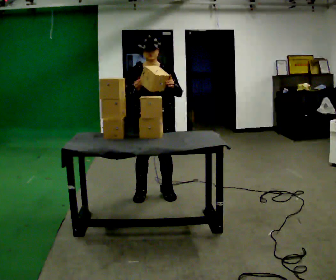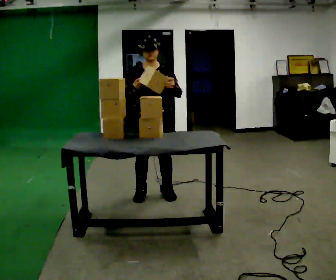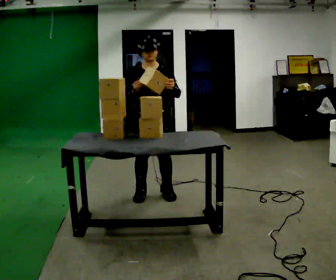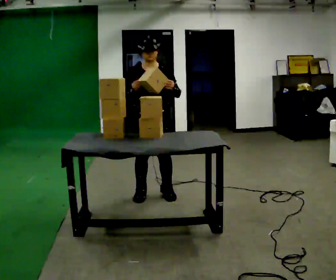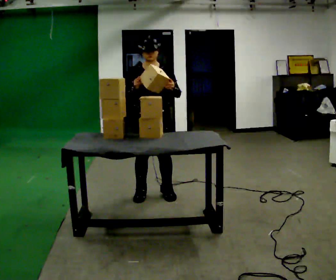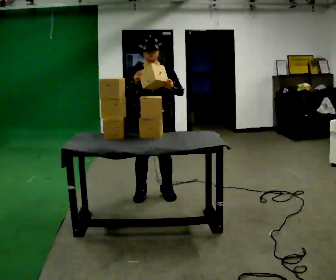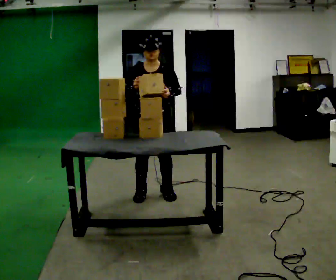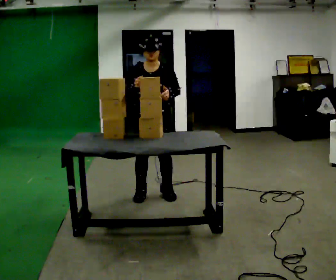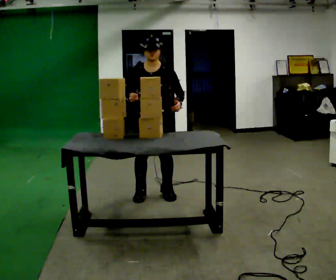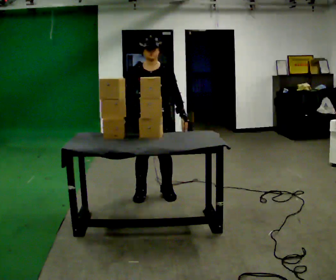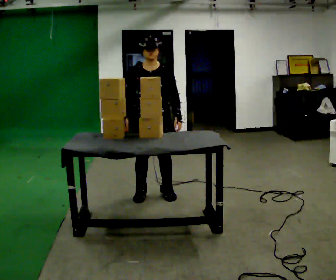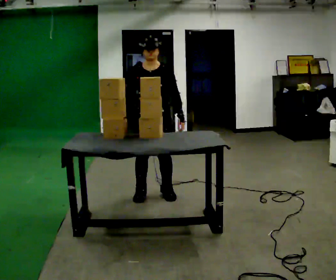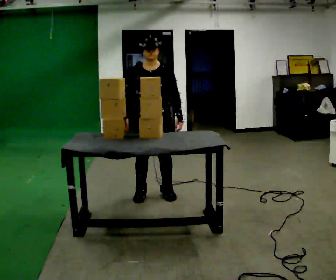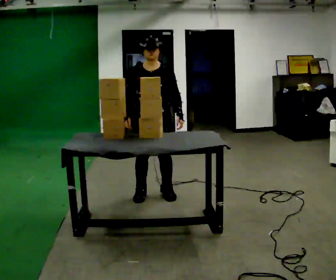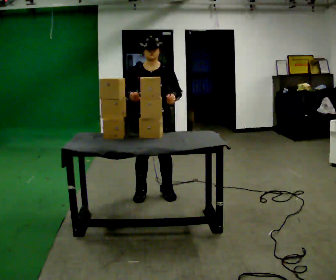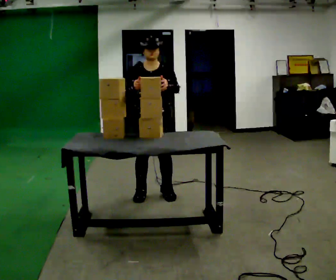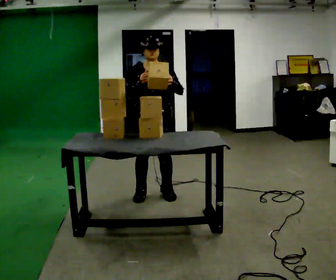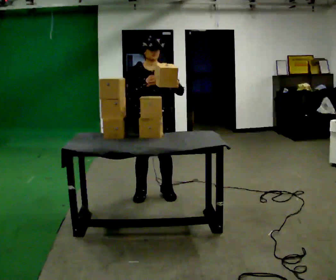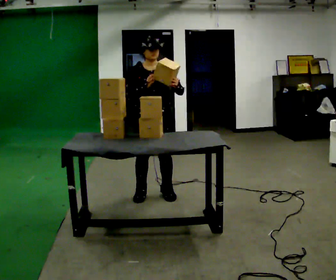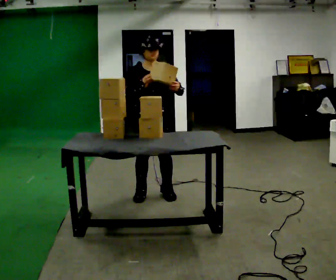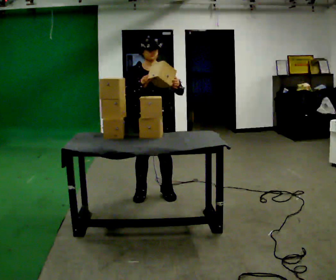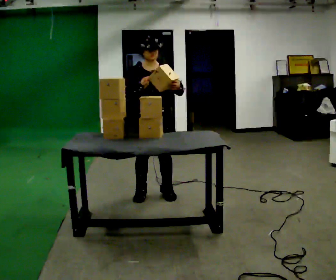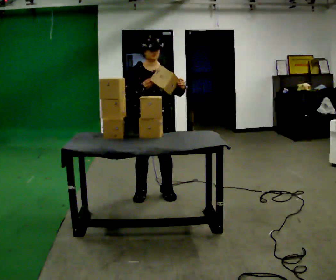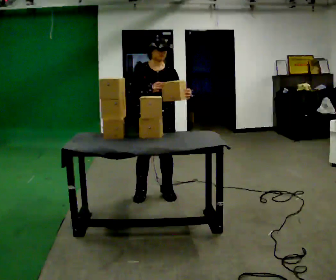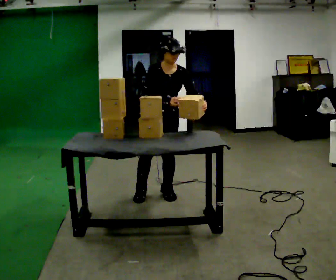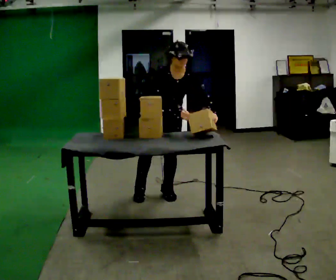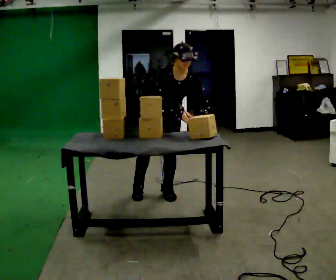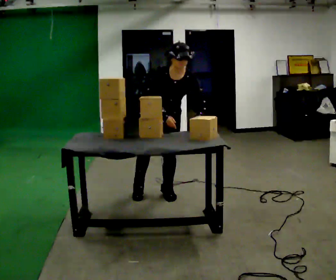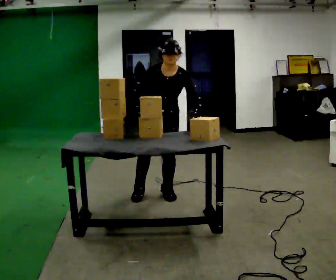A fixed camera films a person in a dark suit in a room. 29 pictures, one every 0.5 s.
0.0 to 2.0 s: The person keeps their place and pose.
2.0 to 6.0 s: The person moves a little, or ends about where they began.
6.0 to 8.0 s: In the picture their right hand goes upward.
8.0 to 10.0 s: The person moves a little, or ends about where they began.
10.0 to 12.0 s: The upper body tips toward the camera, its near side rolling downward, as they bend forward.
12.0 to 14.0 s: The person moves a little, or ends about where they began.
The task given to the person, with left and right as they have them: Hold the box, turn it so you can read the label, and read it out loud. Then swap to the next box. Repeat at your own pace until the operator says stop. Keep both feet on the marked spots for the whole take. If you have to step, stop and tell the operator.
The film runs forward here.
